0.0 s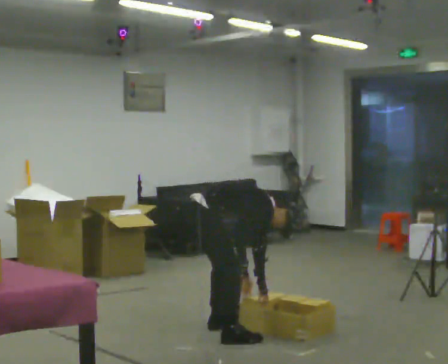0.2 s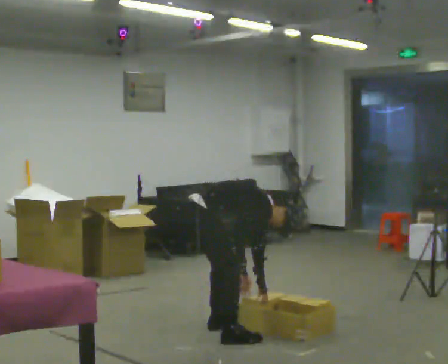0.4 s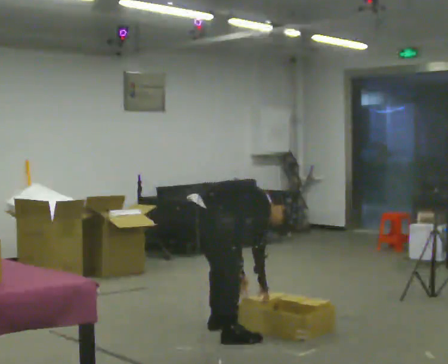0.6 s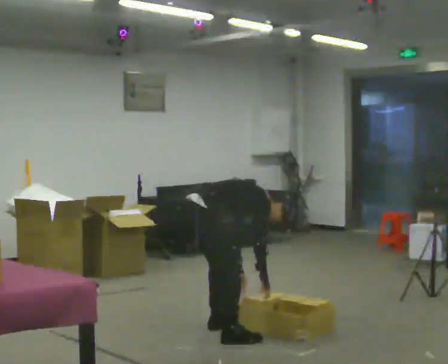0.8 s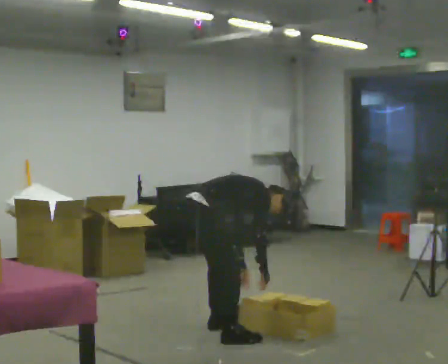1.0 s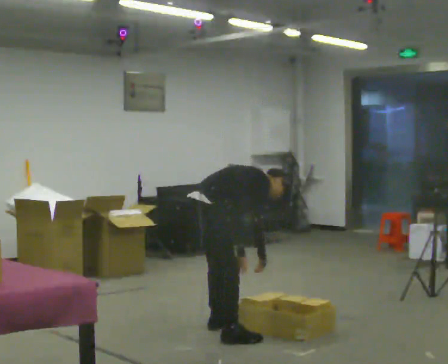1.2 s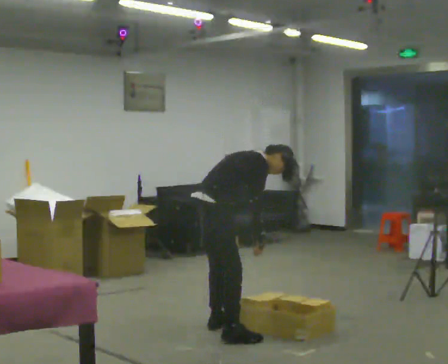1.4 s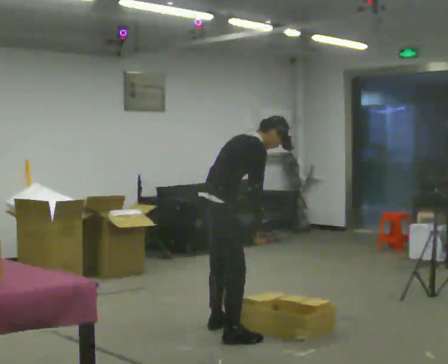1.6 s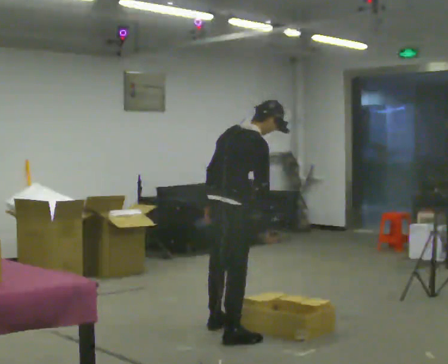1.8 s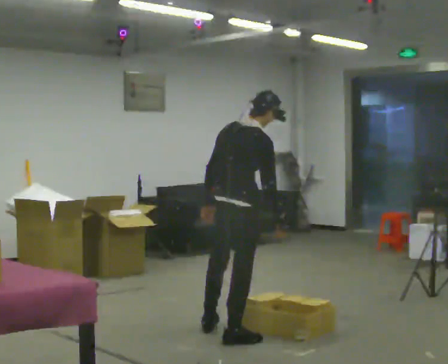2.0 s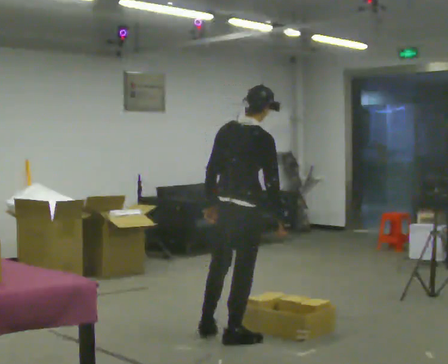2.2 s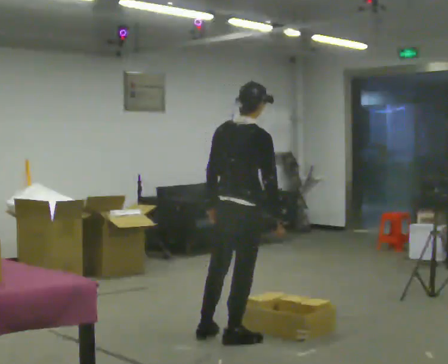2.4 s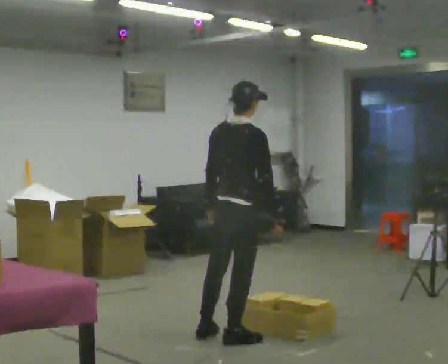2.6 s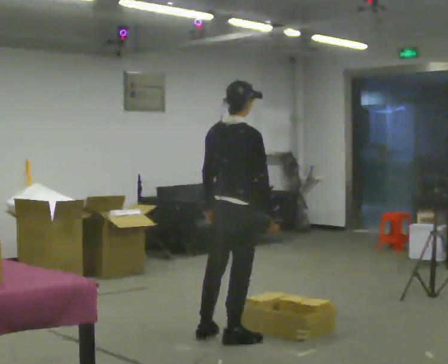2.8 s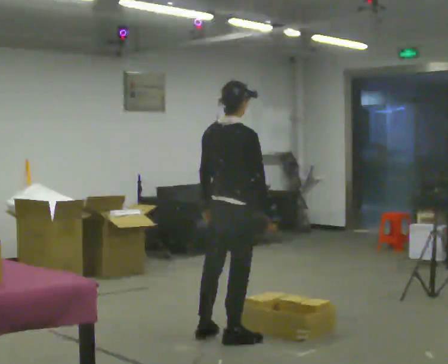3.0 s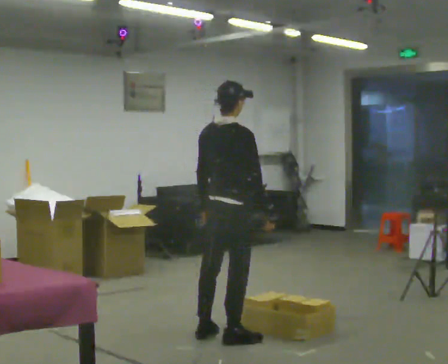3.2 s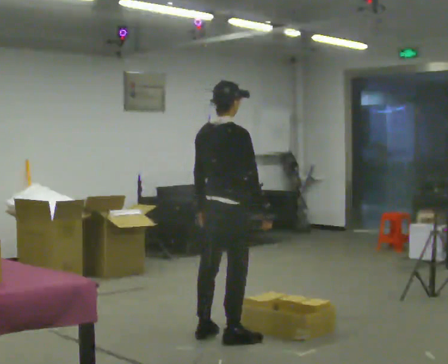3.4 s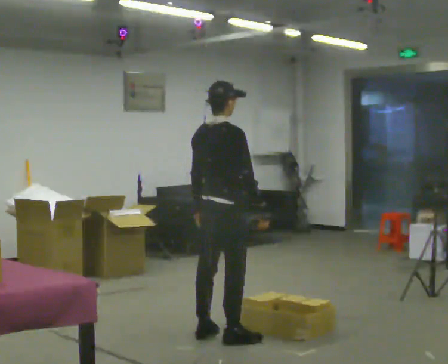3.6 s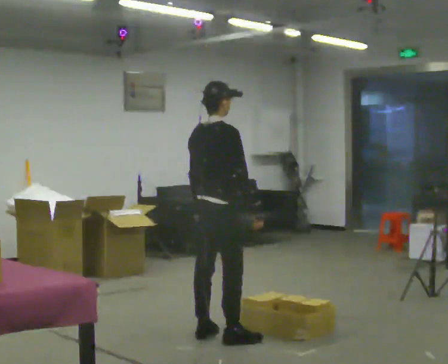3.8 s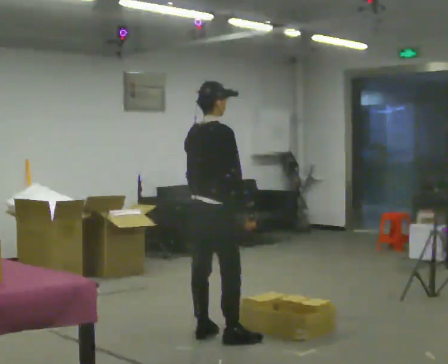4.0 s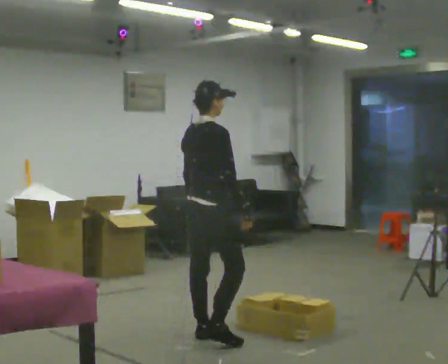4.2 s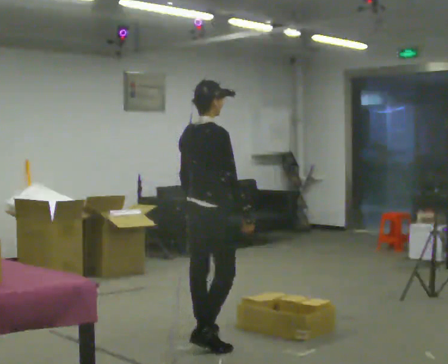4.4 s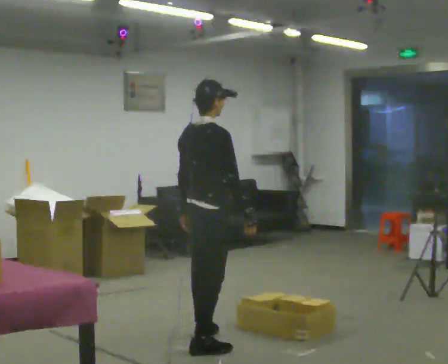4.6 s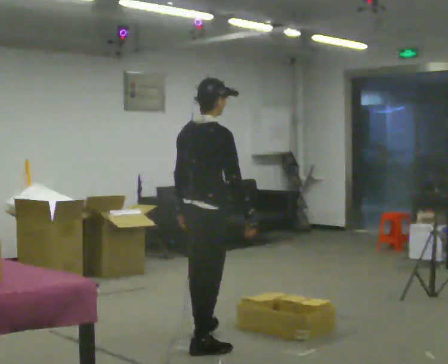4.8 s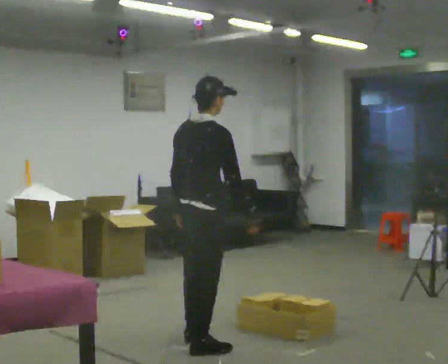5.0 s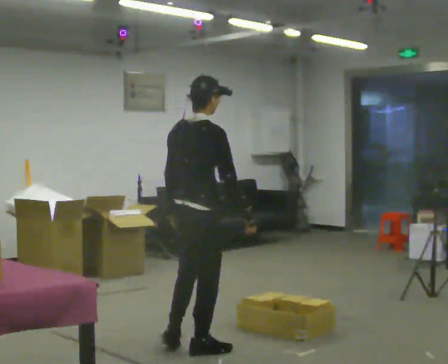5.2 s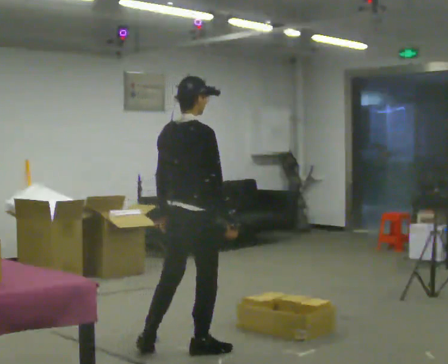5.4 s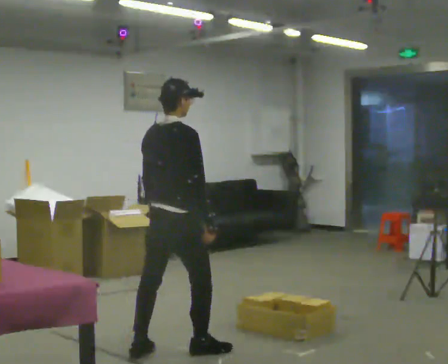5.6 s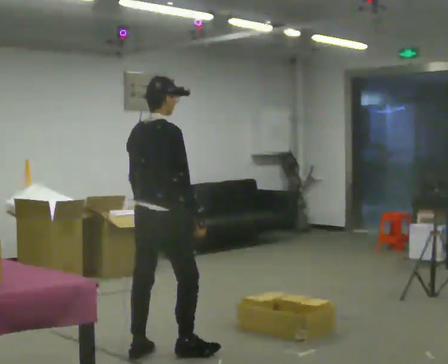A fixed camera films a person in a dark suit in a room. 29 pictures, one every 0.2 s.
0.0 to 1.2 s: The shoulders move upward. In the picture the upper body tilts counterclockwise, shoulders to the left, as they lean back or straighten. In the picture their right hand goes upward.
1.2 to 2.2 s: The part of the body nearest the lens slides to the right as the person turns to their left by about 30 degrees. In the picture they go toward the camera and to the right, about 0.25 m in 1 step, which for them is to their right. The shoulders move upward. In the picture the upper body tilts counterclockwise, shoulders to the left, as they lean back or straighten.
2.2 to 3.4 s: The person moves a little, or ends about where they began.
3.4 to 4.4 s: In the picture they go toward the camera, about 0.25 m in 1 step, which for them is backward.
4.4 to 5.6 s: In the picture they go to the left and toward the camera, about 0.5 m in 2 steps, which for them is backward.
The film runs backward here.
